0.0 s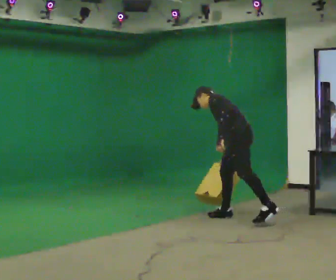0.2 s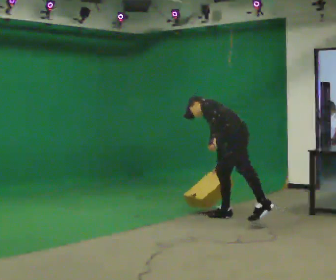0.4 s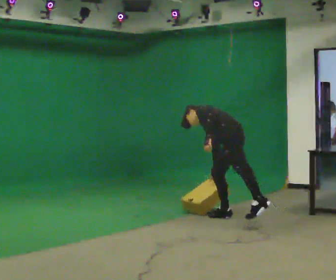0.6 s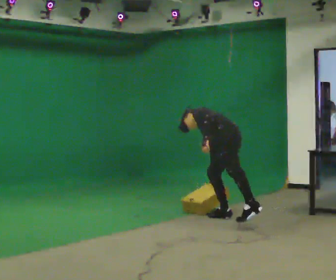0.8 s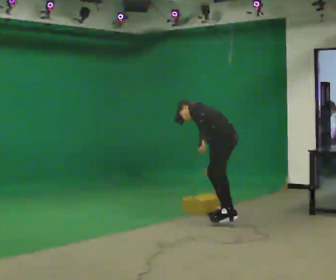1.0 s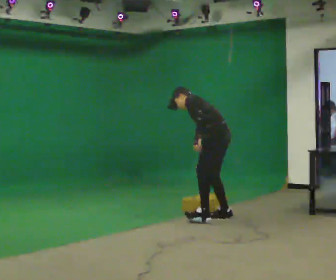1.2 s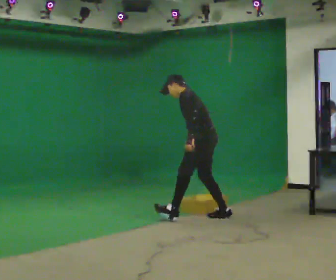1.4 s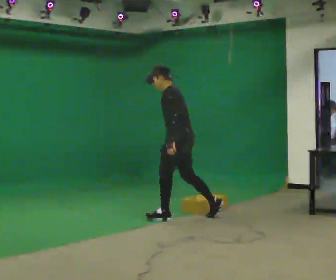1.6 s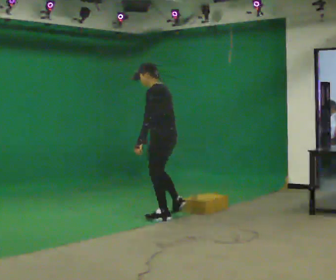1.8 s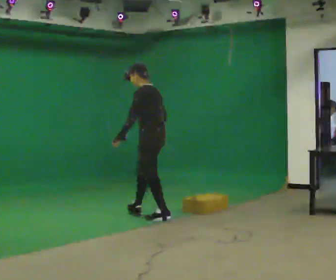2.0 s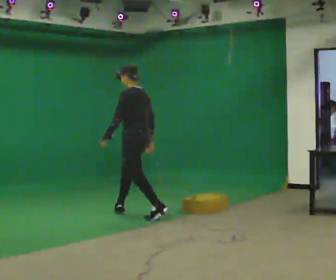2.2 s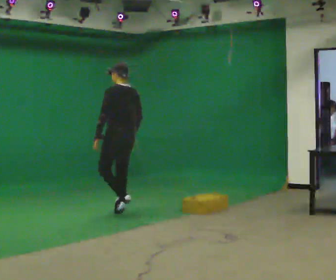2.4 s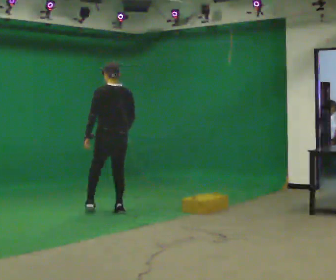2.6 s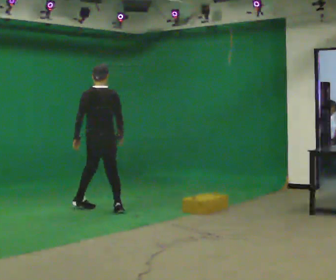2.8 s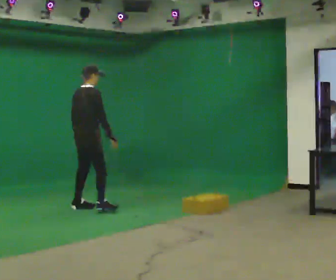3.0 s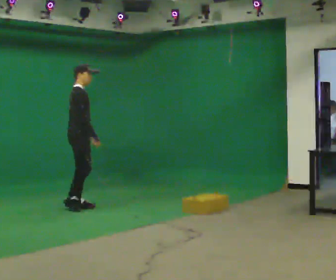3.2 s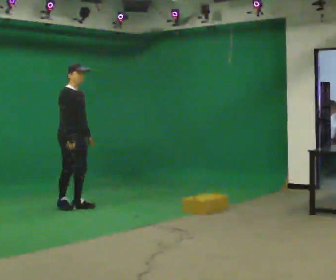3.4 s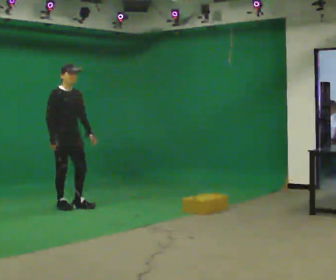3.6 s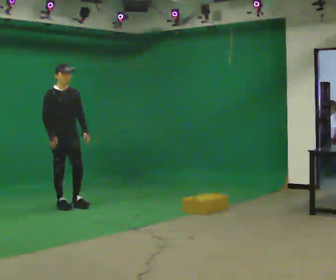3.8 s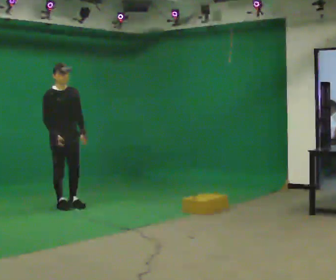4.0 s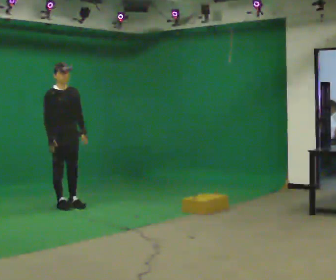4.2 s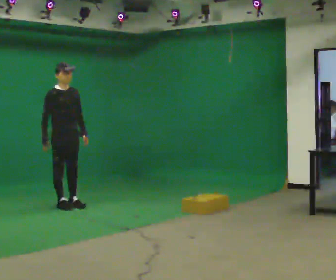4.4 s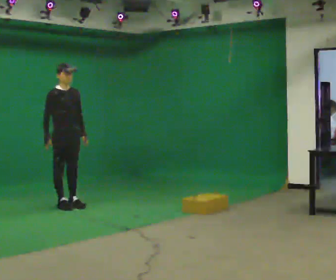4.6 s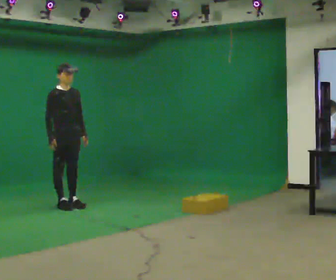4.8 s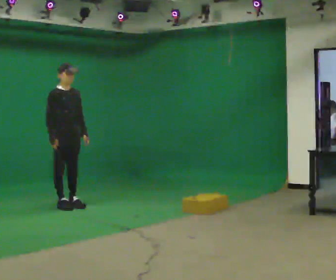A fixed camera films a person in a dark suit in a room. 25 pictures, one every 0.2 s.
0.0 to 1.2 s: In the picture they go to the left, about 0.5 m in 1 step, which for them is forward.
1.2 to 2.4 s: Seen from above the body turns clockwise, about 60 degrees: to their right, with its near side sliding to the left. In the picture they go to the left, about 1 m in 2 steps. In the picture the upper body tilts clockwise, shoulders to the right, as they lean back or straighten.
2.4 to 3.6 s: Seen from above the body turns clockwise, about 150 degrees: to their right, with its near side sliding to the left. In the picture they go to the left and away from the camera, about 0.5 m in 2 steps. The upper body tips toward the camera, its near side rolling downward.
3.6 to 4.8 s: The person moves a little, or ends about where they began.
The film runs forward here.
